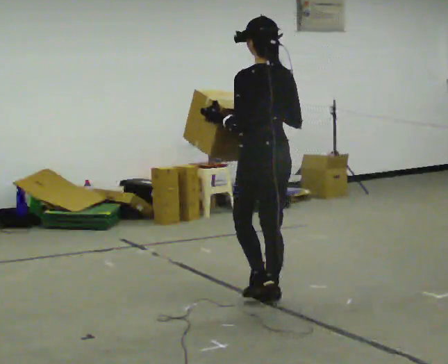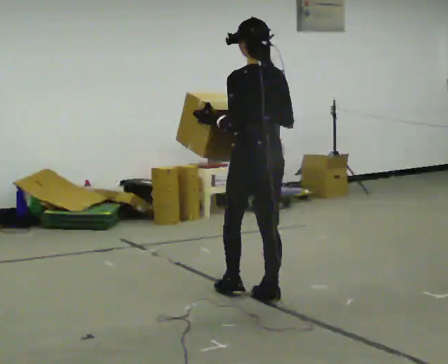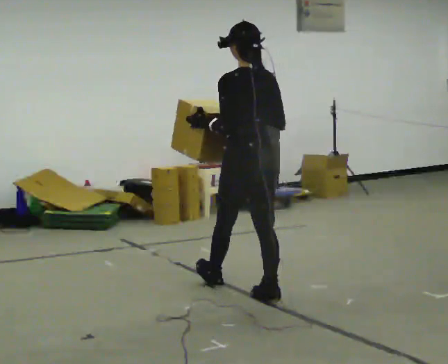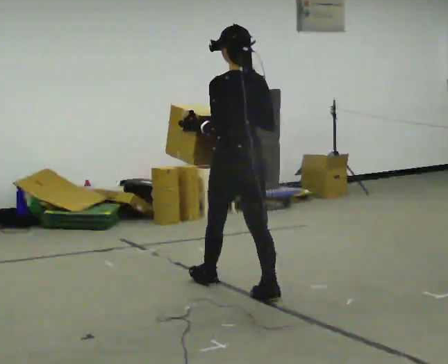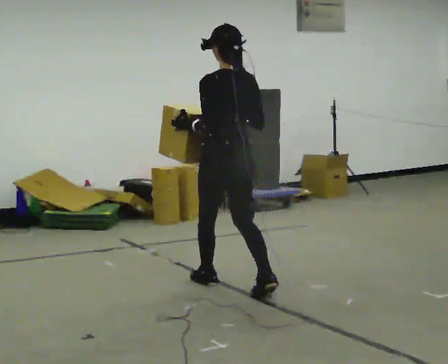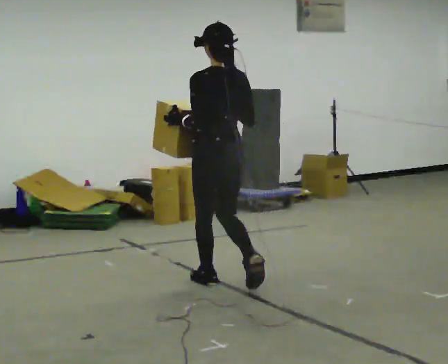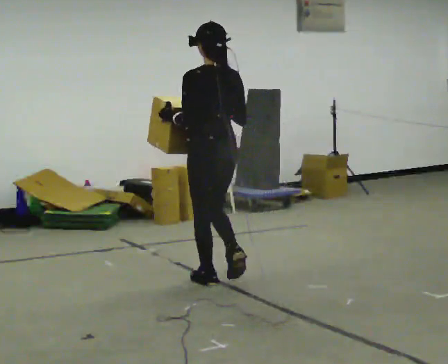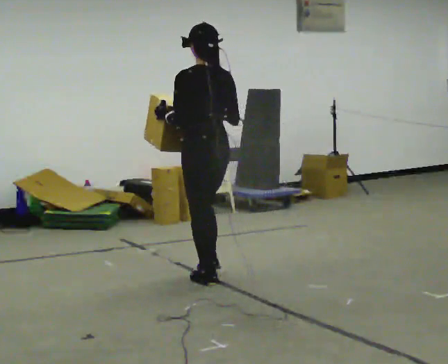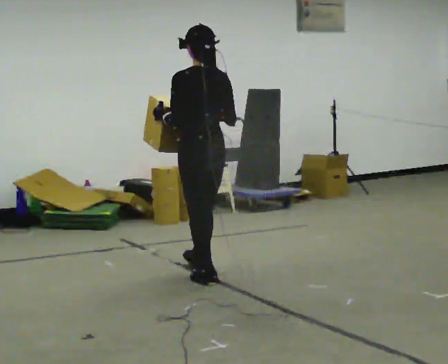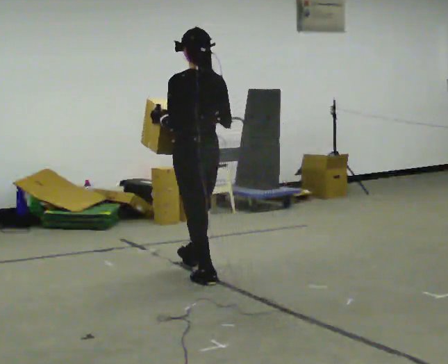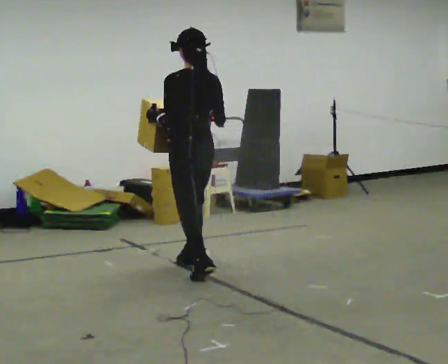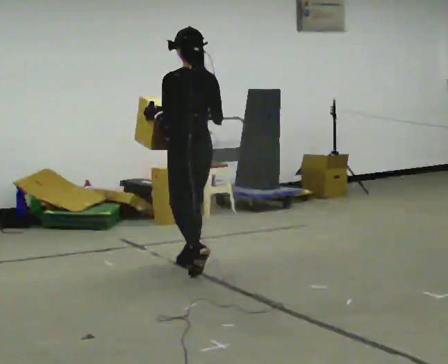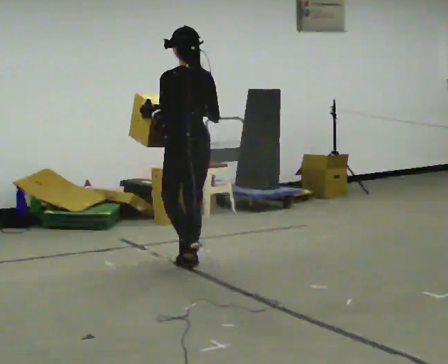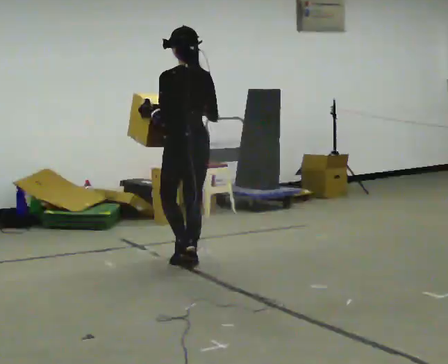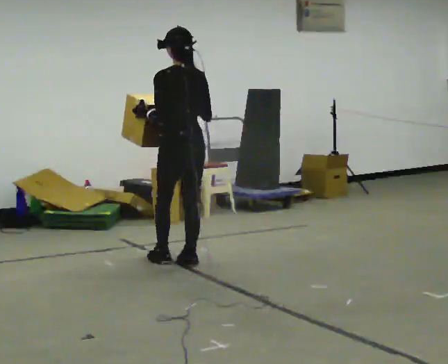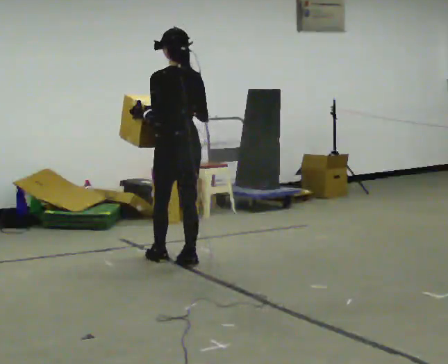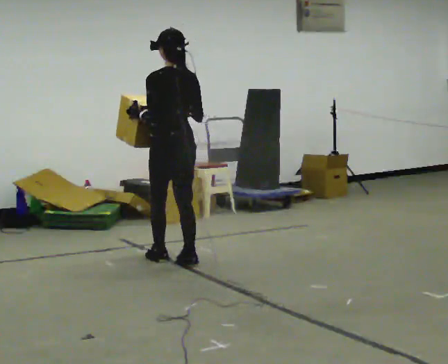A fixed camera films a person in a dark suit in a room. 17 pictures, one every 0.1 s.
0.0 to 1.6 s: In the picture they go away from the camera and to the left, about 1 m in 3 steps, which for them is forward.
The film runs forward here.
